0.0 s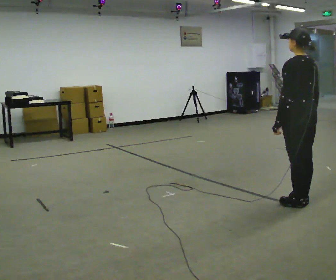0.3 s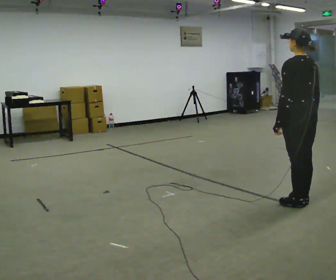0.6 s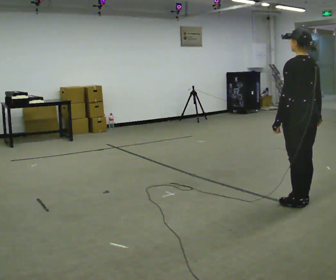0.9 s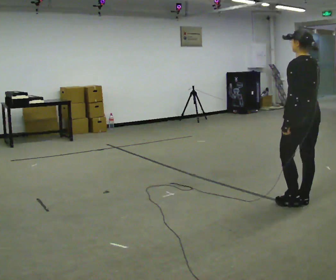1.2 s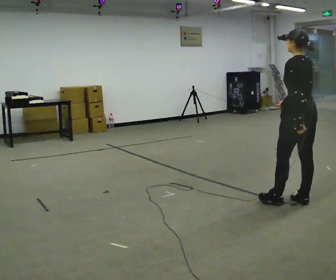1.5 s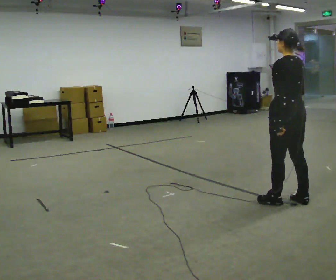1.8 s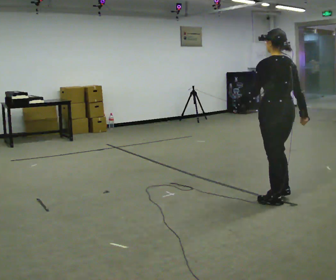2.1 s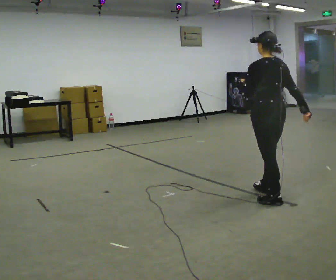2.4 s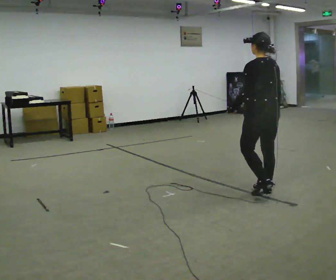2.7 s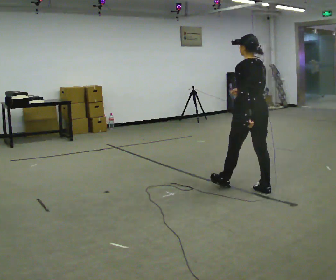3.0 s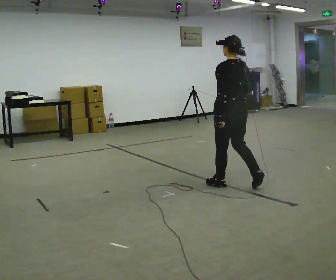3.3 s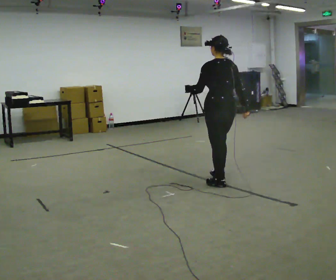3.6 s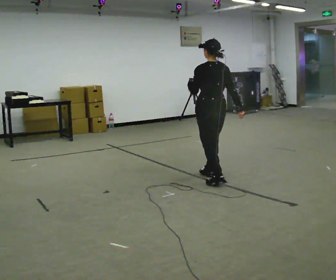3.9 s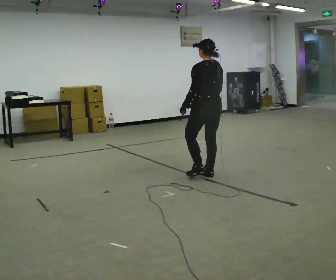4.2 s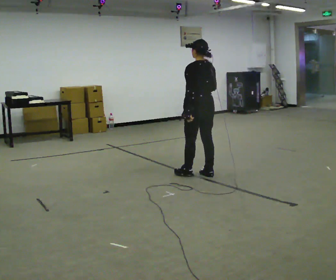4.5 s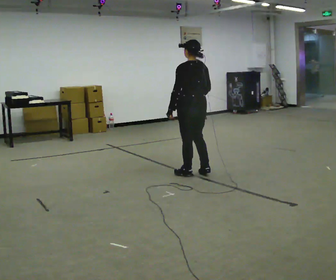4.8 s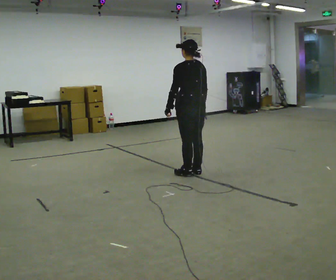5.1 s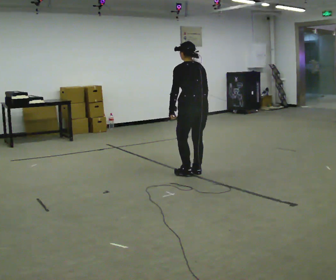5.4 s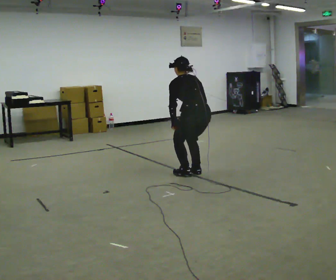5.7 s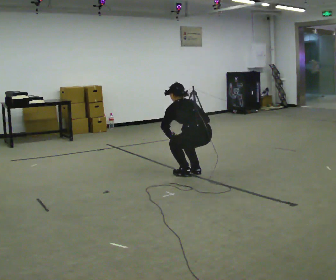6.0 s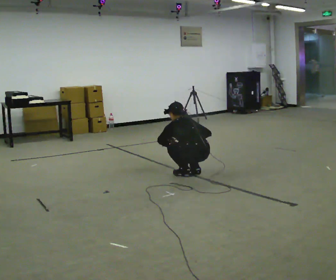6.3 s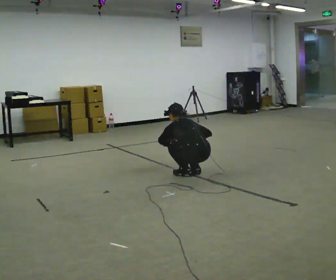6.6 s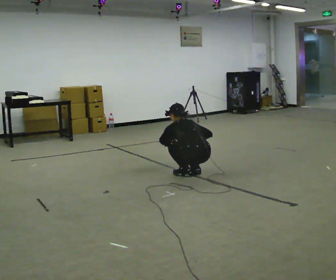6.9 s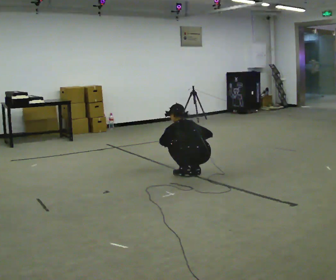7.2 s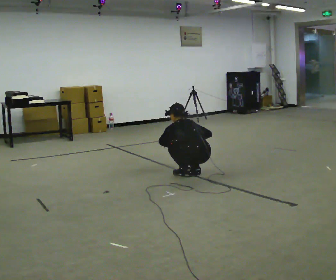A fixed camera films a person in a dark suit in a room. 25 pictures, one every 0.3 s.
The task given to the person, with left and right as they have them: Walk; crouch comfortably at marker; remain briefly; stand and continue.
0.0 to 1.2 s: The person moves a little, or ends about where they began.
1.2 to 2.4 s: In the picture they go away from the camera and to the left, about 0.5 m in 1 step, which for them is forward.
2.4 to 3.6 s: In the picture they go away from the camera and to the left, about 0.5 m in 2 steps, which for them is forward.
3.6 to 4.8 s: In the picture they go to the left and away from the camera, about 0.25 m in 2 steps, which for them is forward.
4.8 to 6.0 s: The upper body goes downward. The upper body tips away from the camera, its near side rolling upward, as they bend forward. In the picture their left hand goes downward.
6.0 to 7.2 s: The person keeps their place and pose.
The film runs forward here.
